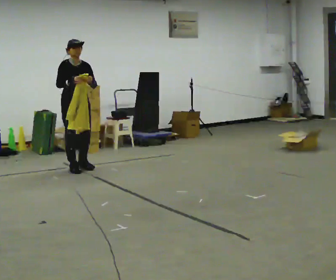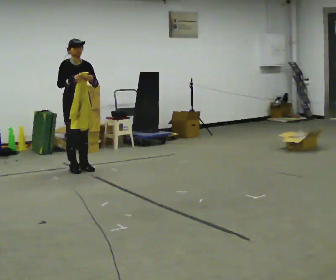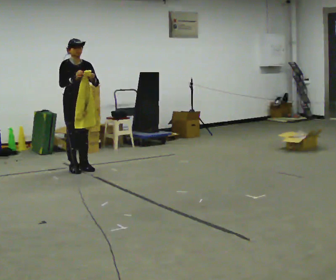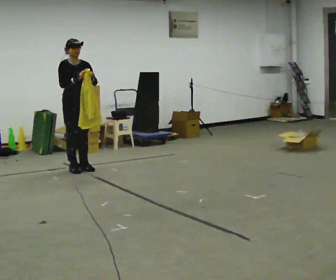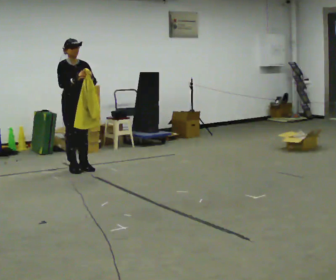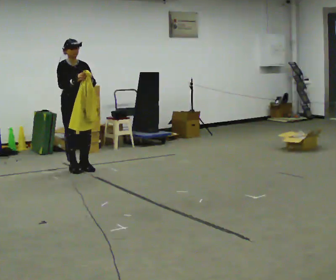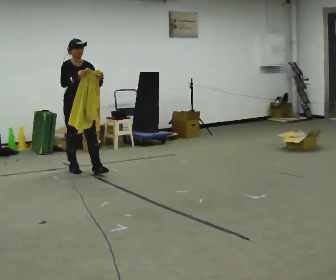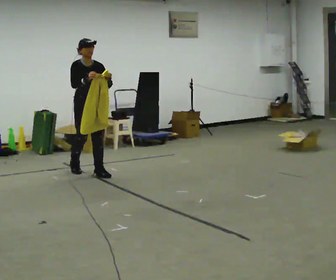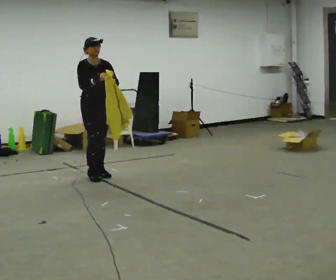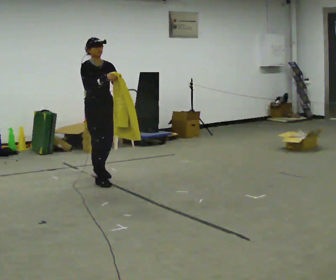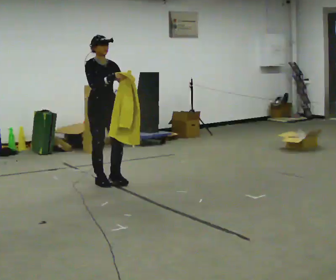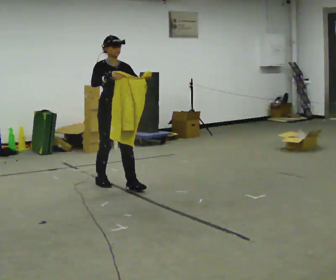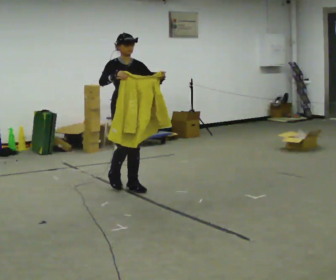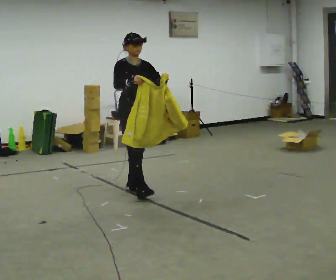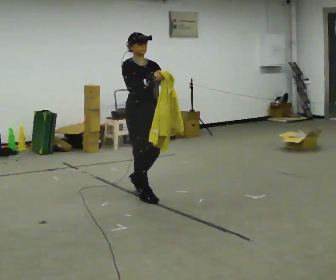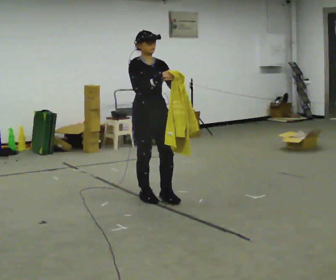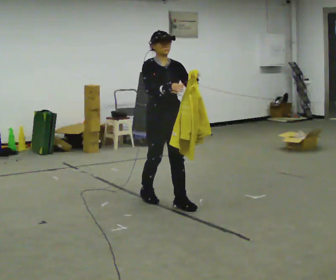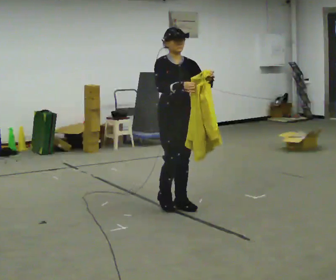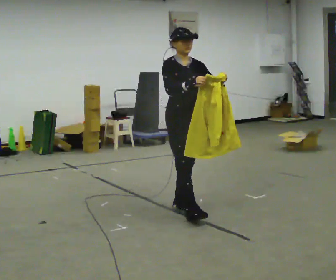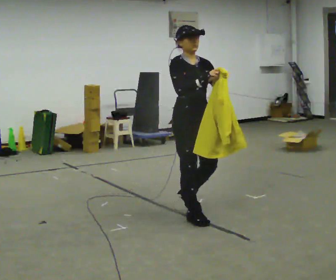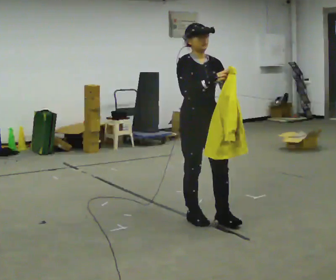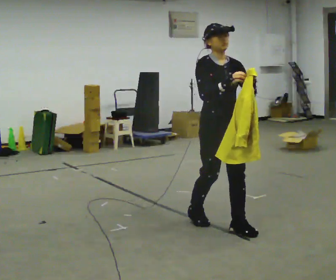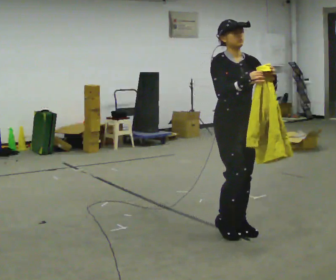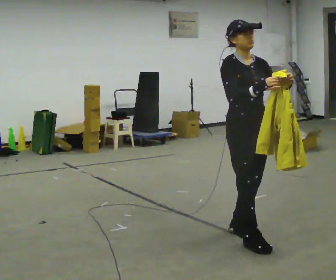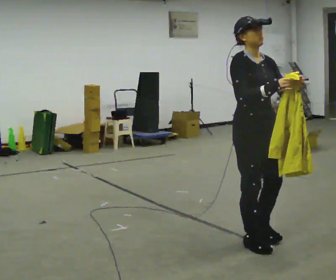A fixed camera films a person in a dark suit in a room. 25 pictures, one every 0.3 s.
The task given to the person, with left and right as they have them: Carry the cloth and, while walking, fold it in half, then unfold it. Keep repeating as you walk. Do not stop.
0.0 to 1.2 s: The person moves a little, or ends about where they began.
1.2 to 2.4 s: In the picture they go toward the camera and to the right, about 0.5 m in 1 step, which for them is forward.
2.4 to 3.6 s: In the picture they go toward the camera and to the right, about 0.75 m in 2 steps, which for them is forward.
3.6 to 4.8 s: In the picture they go toward the camera and to the right, about 0.75 m in 2 steps, which for them is forward.
4.8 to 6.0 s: In the picture they go toward the camera and to the right, about 0.75 m in 1 step, which for them is forward.
6.0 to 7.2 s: In the picture they go toward the camera and to the right, about 0.5 m in 2 steps, which for them is forward.
The film runs forward here.
